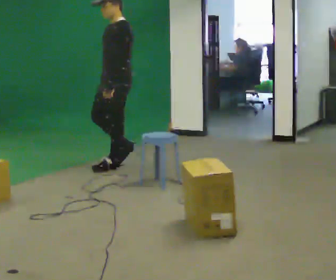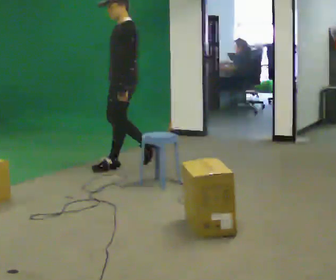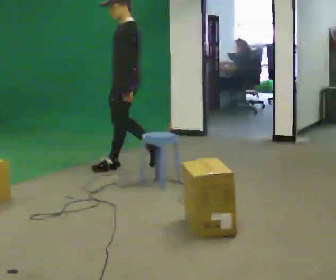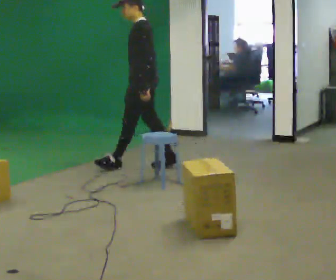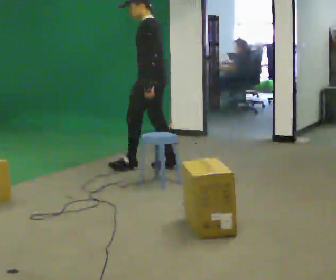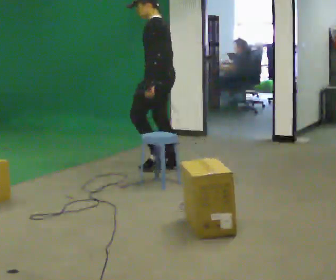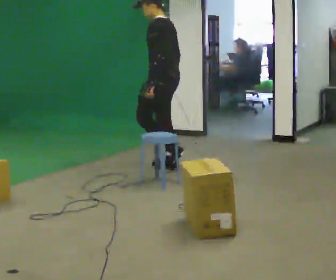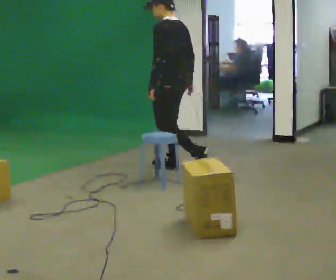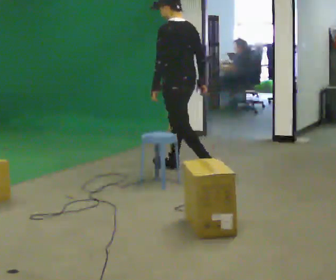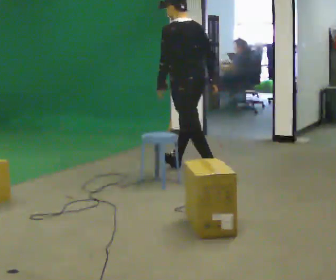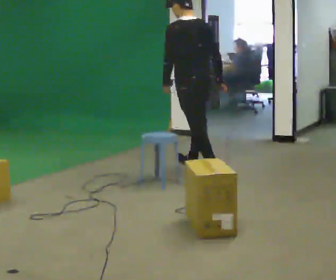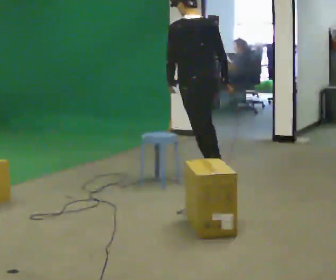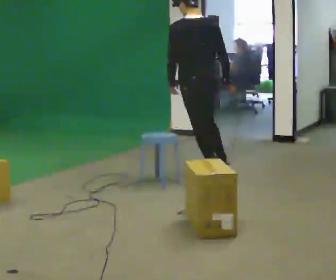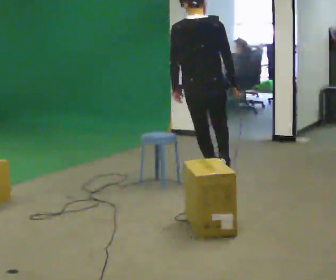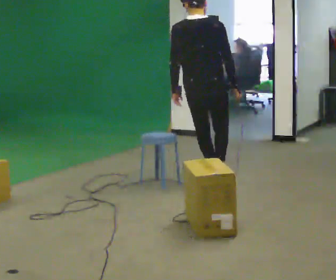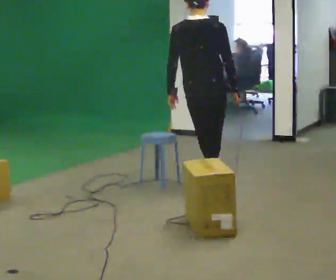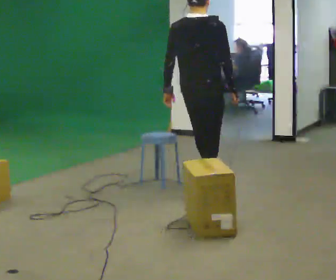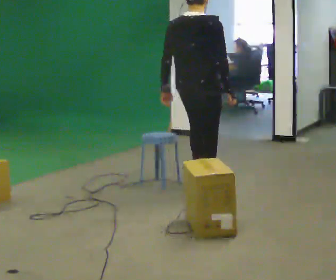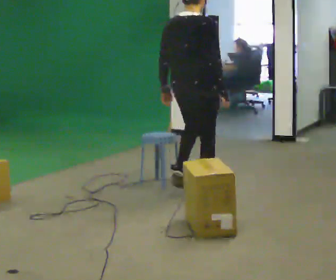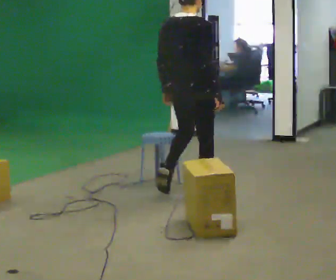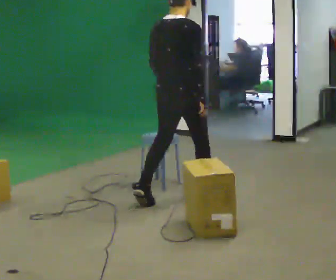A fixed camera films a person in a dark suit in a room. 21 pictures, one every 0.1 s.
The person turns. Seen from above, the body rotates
clockwise.
The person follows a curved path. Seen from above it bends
clockwise.
0.0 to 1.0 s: The part of the body nearest the lens slides to the left as the person turns to their right by about 75 degrees. In the picture they go to the right, about 1 m in 2 steps.
1.0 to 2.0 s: The person turns about 75 degrees to their right, clockwise seen from above, so the part of the body nearest the lens slides to the left. In the picture they go toward the camera, about 1 m in 1 step.
The film runs backward here.
